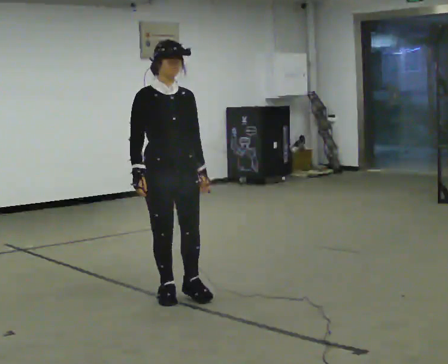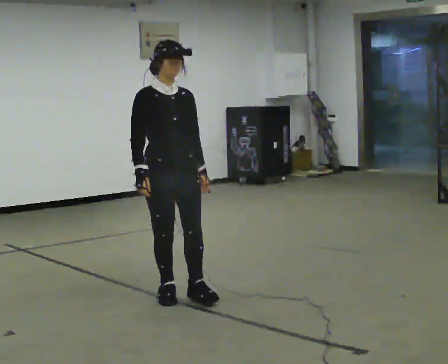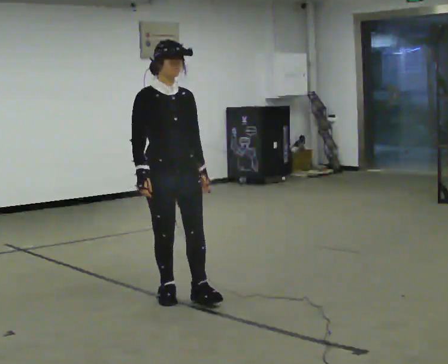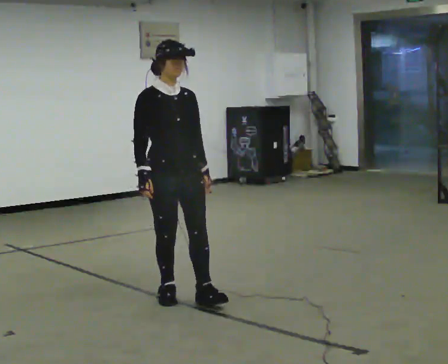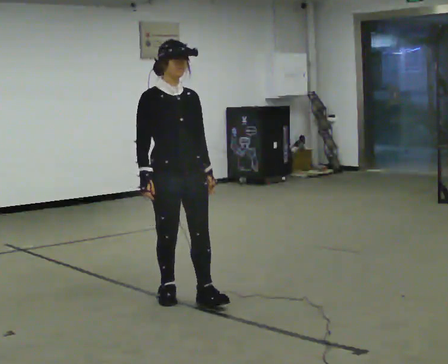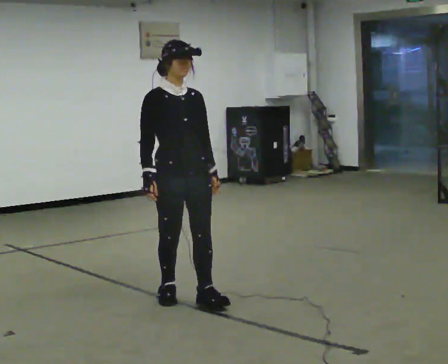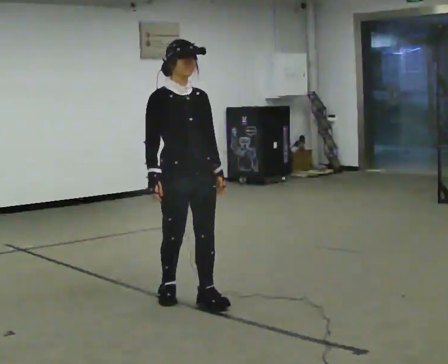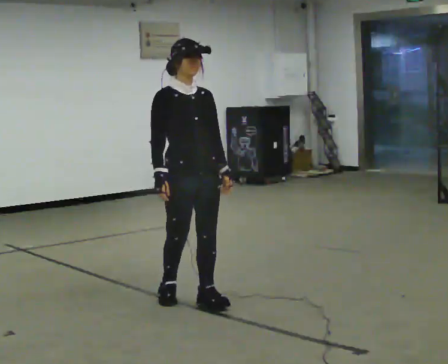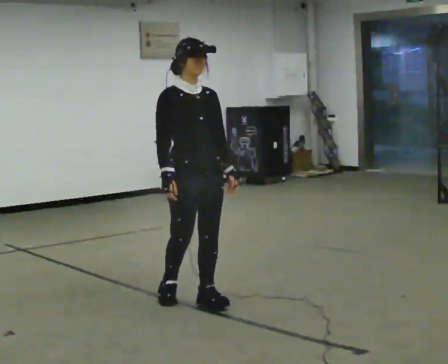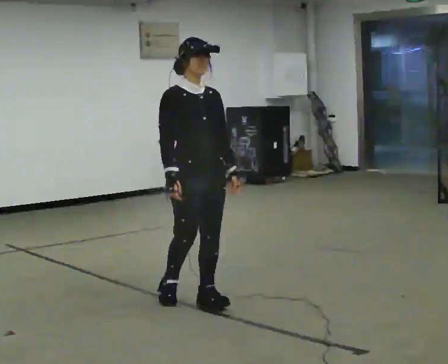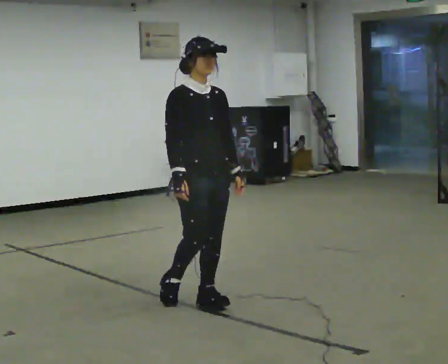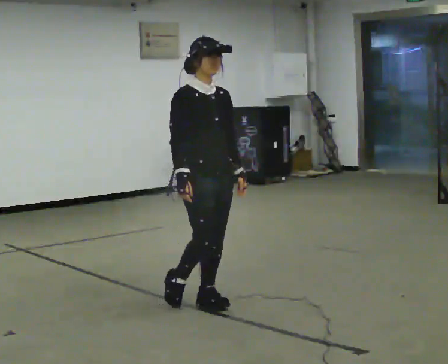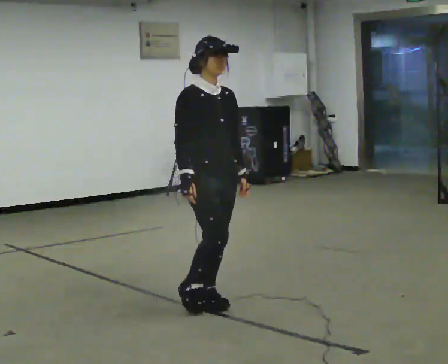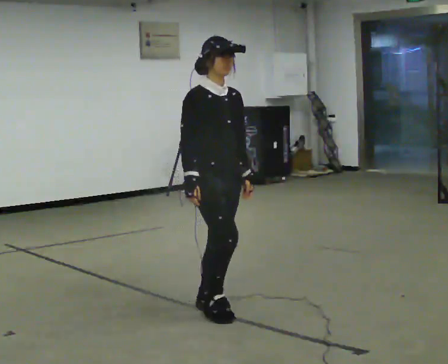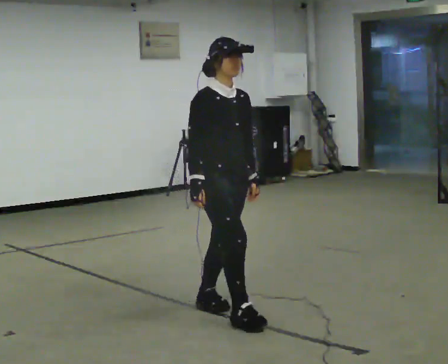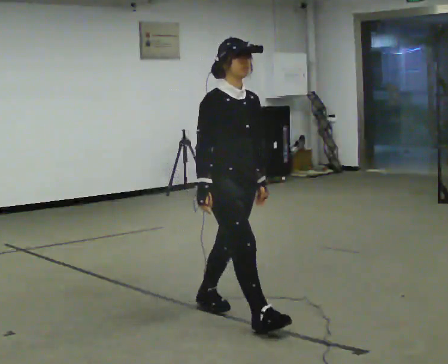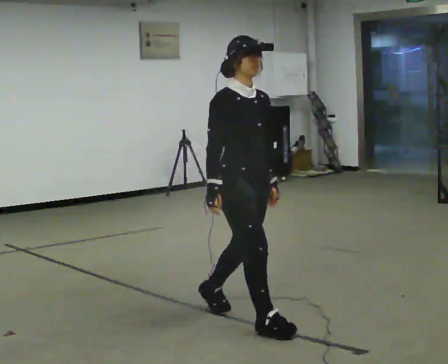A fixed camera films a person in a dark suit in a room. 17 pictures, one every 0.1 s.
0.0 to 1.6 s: In the picture they go toward the camera and to the right, about 0.5 m in 2 steps, which for them is forward.
The film runs forward here.
